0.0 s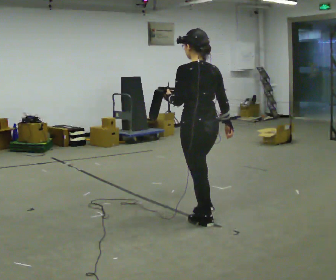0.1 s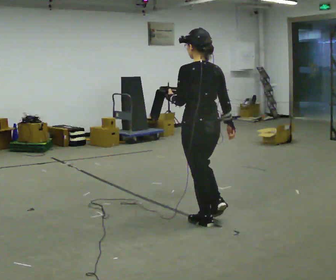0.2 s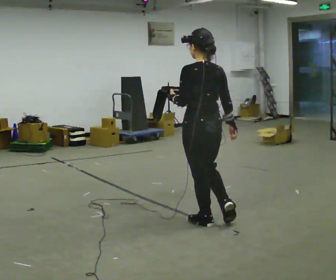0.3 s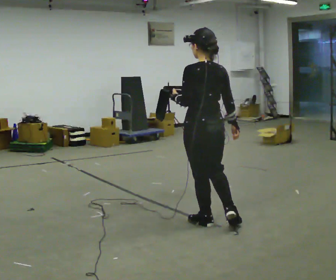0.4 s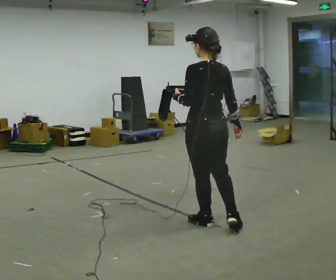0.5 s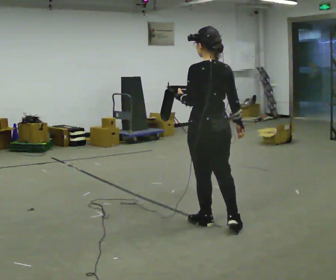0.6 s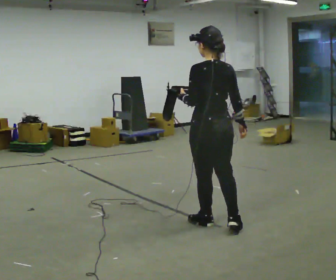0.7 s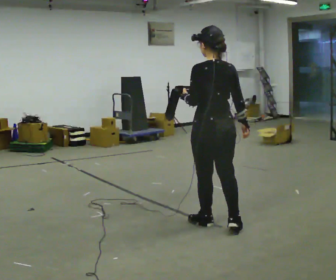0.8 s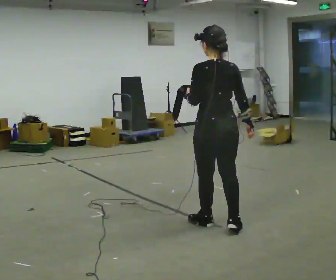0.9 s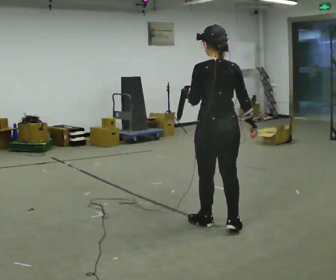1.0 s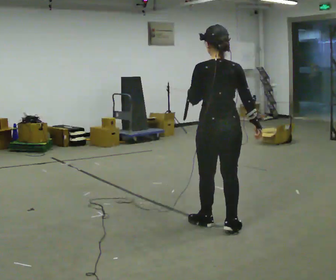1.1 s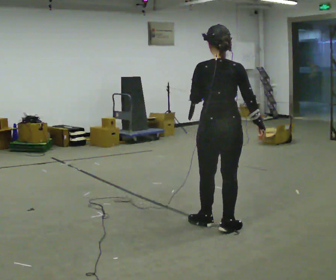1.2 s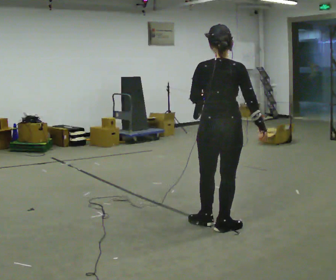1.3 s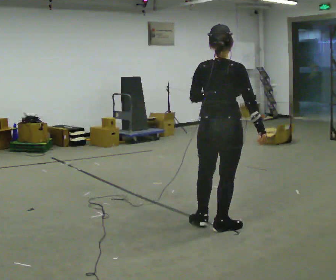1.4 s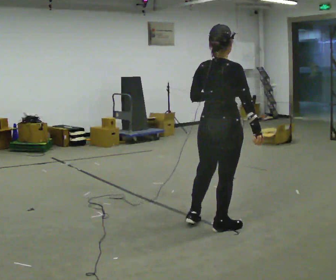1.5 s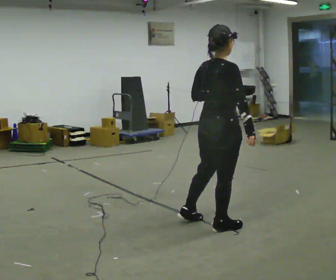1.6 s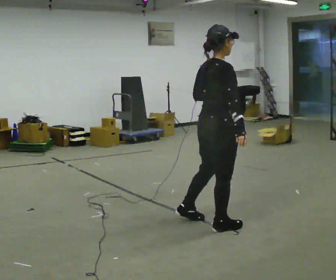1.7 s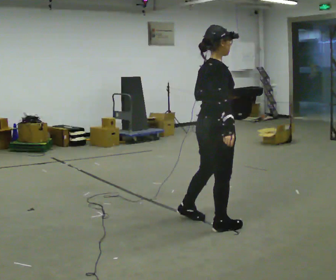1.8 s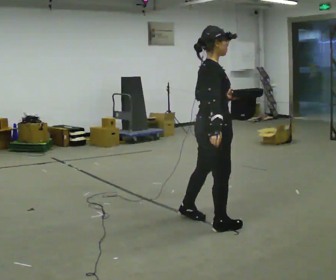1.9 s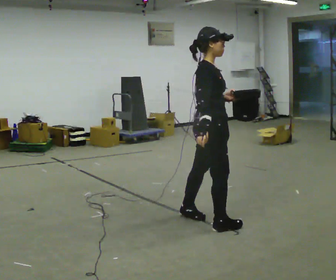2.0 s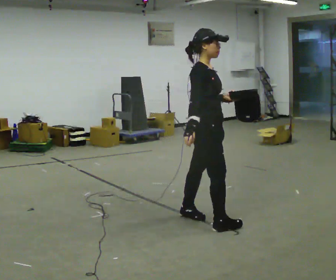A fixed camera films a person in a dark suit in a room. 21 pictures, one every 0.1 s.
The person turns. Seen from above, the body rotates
clockwise.
The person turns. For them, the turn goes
to their right.
0.0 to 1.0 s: In the picture they go to the right, about 0.25 m, which for them is backward.
1.0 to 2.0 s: Seen from above the body turns clockwise, about 120 degrees: to their right, with its near side sliding to the left. In the picture they go to the left, about 0.25 m in 1 step. In the picture their right hand goes to the left.
The film runs backward here.
